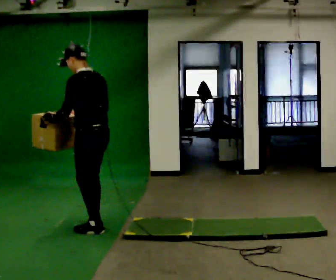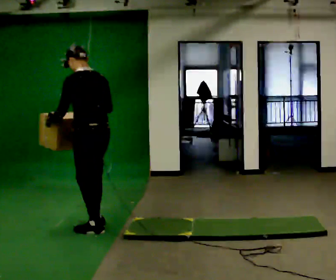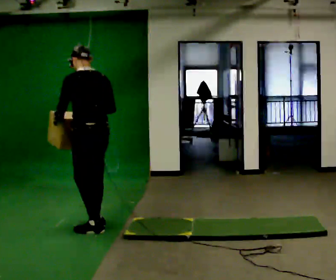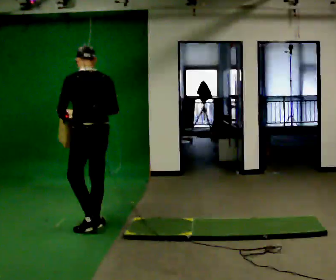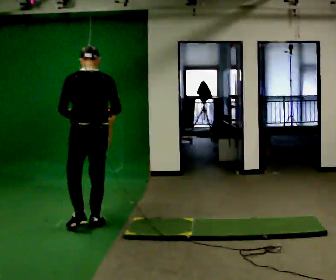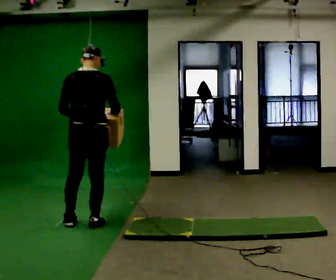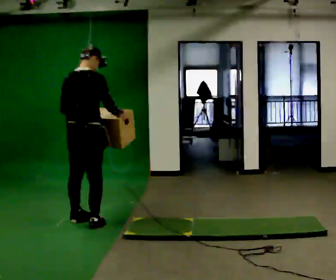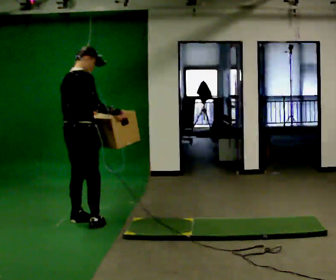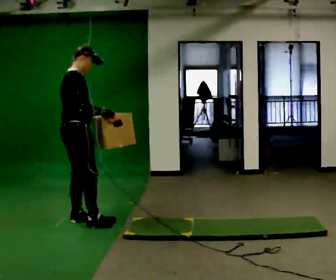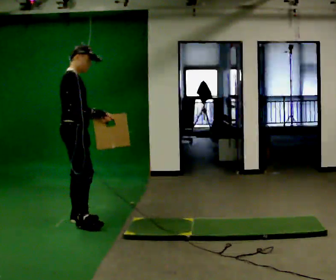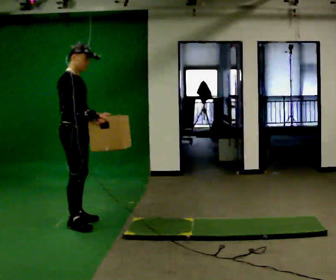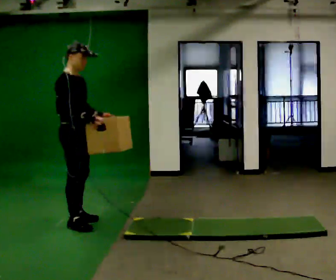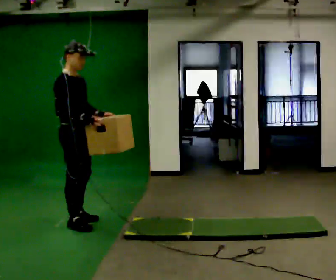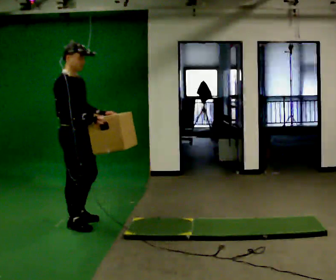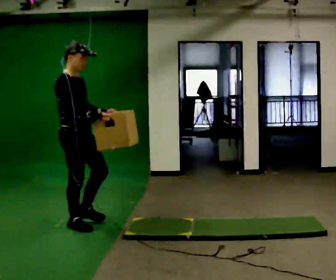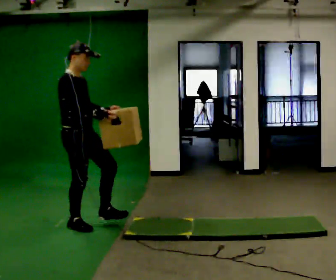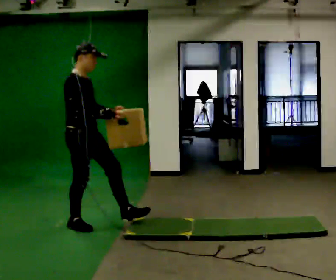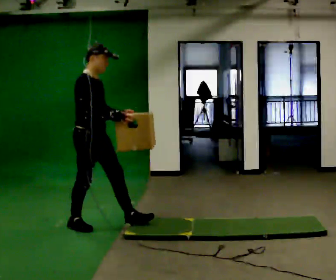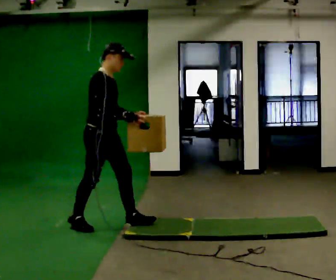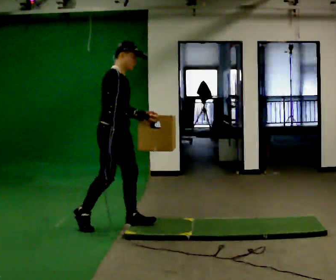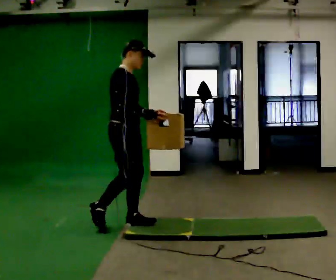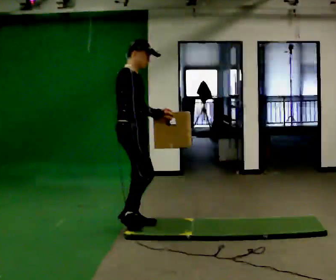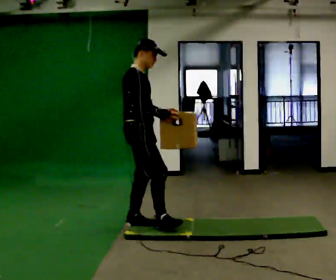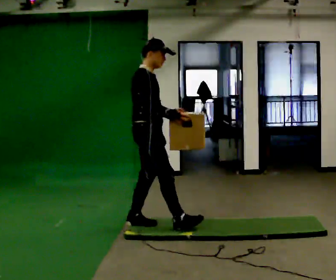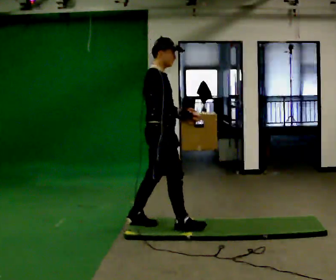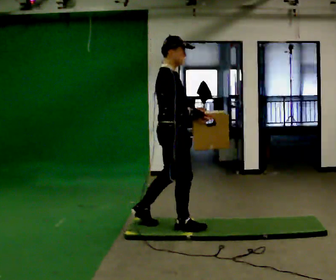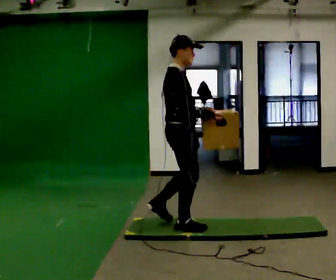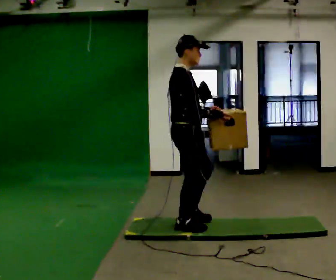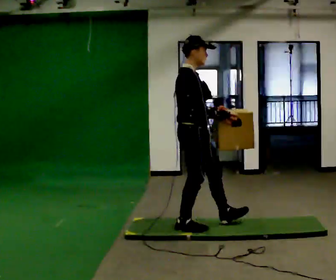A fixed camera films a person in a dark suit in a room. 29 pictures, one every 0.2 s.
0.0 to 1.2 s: The part of the body nearest the lens slides to the left as the person turns to their right by about 90 degrees. In the picture they go away from the camera, about 0.25 m in 1 step.
1.2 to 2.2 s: The part of the body nearest the lens slides to the left as the person turns to their right by about 75 degrees. In the picture their right hand goes to the left.
2.2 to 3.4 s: In the picture they go to the right, about 0.25 m in 1 step, which for them is forward.
3.4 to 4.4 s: In the picture they go to the right, about 0.5 m, which for them is forward.
4.4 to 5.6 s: In the picture they go to the right and toward the camera, about 0.5 m in 1 step, which for them is forward.
The film runs forward here.
